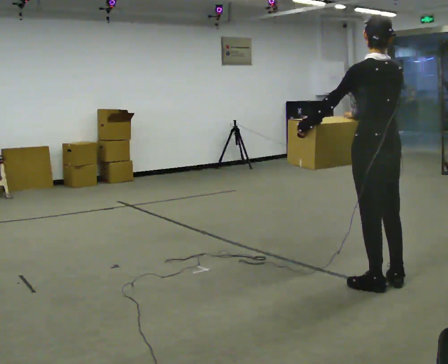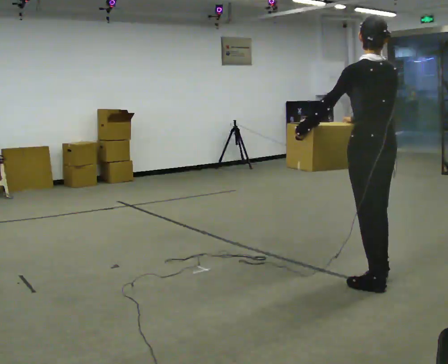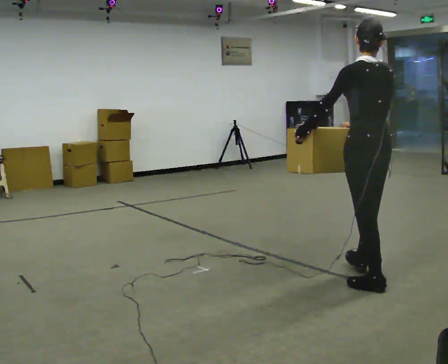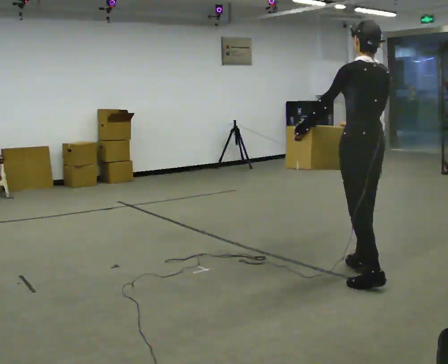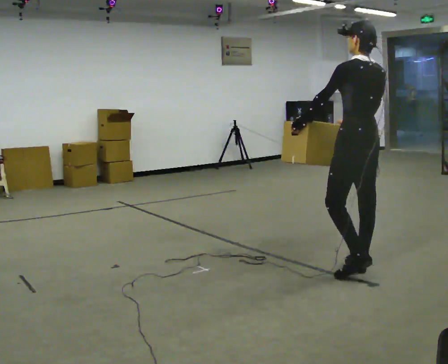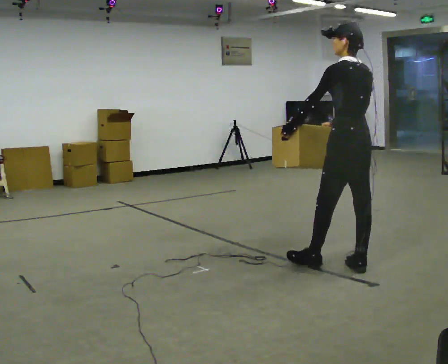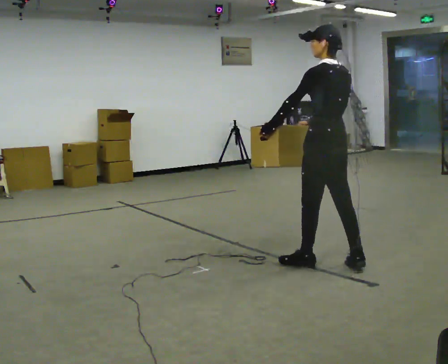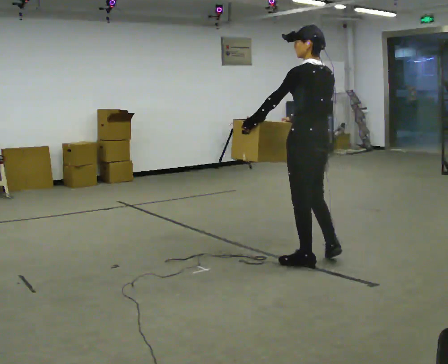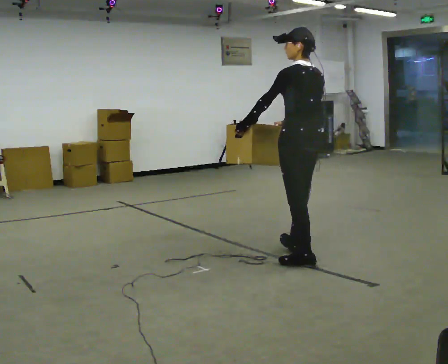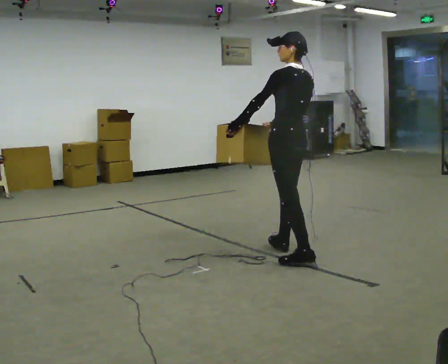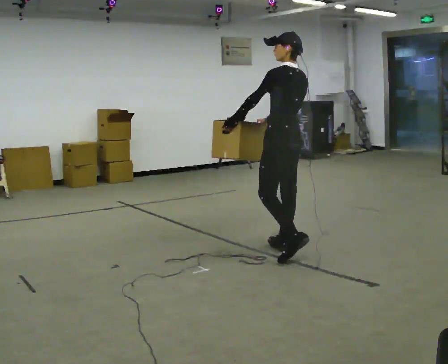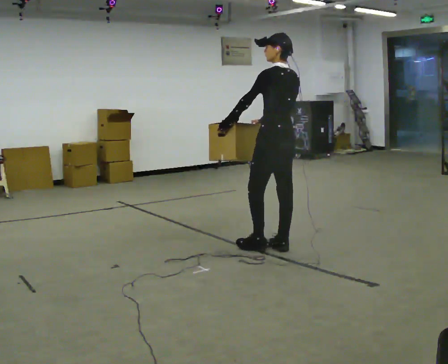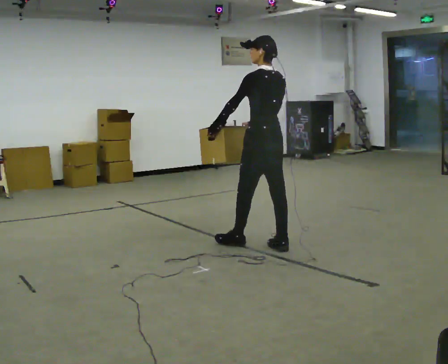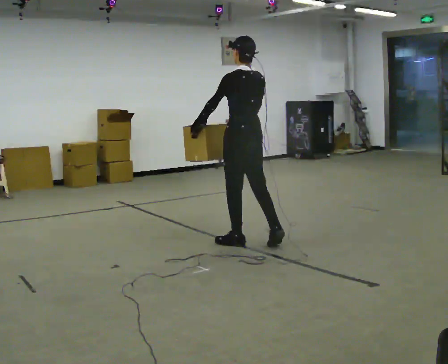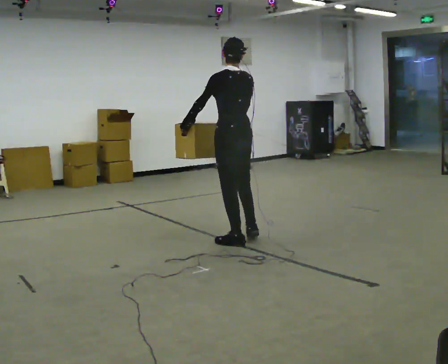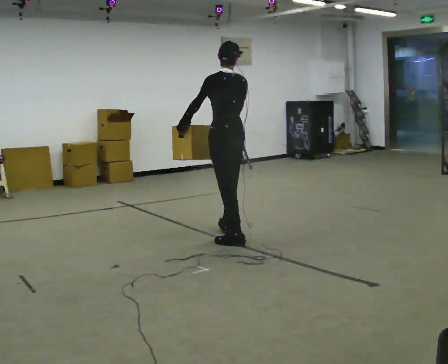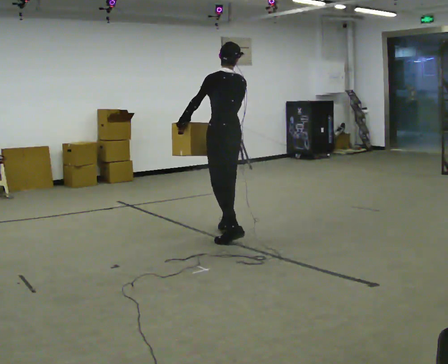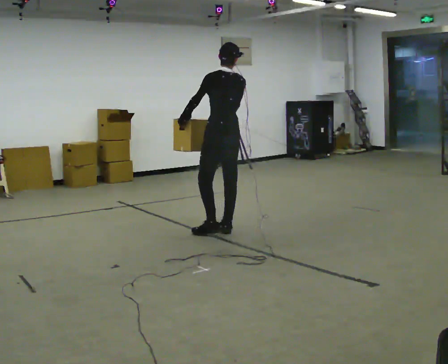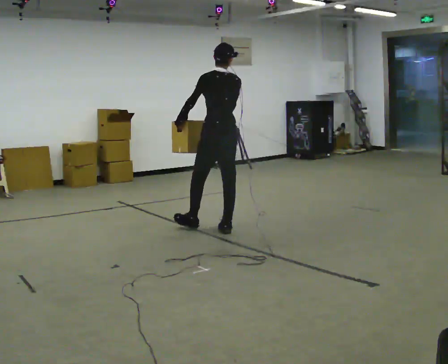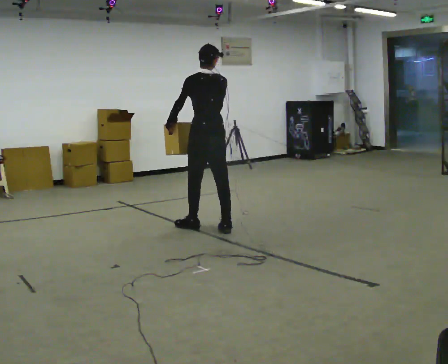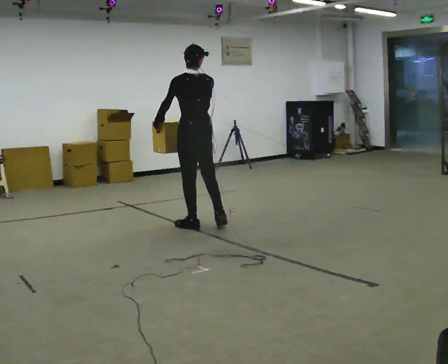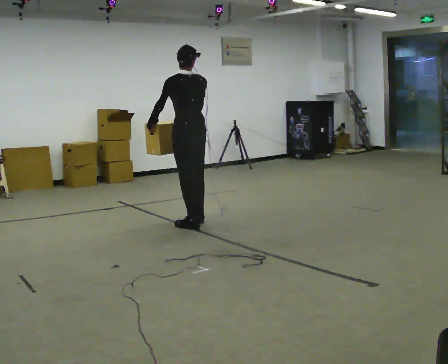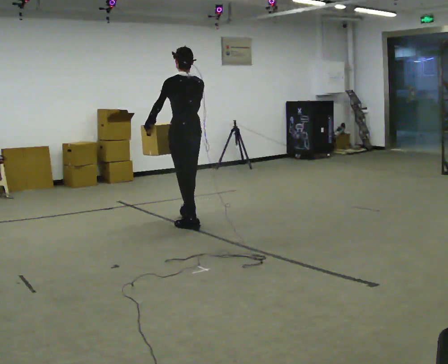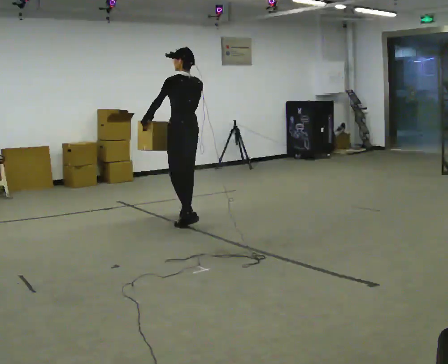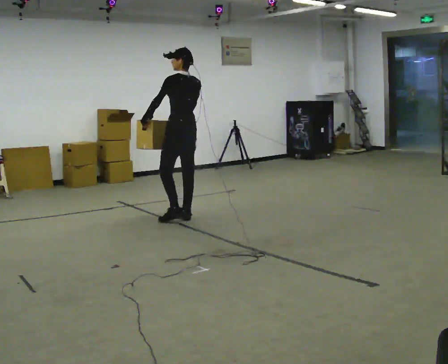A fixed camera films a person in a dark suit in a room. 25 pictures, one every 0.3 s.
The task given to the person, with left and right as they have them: Carry the box across the room while freely looking around at the walls, ceiling and floor. Keep going until the operator says stop; one object at a time, and do not rush between trips.
0.0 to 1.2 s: In the picture they go away from the camera, about 0.25 m in 1 step, which for them is forward.
1.2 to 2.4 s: In the picture they go to the left and away from the camera, about 0.5 m in 1 step, which for them is forward.
2.4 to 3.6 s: In the picture they go away from the camera and to the left, about 0.5 m in 2 steps, which for them is forward.
3.6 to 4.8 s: In the picture they go away from the camera and to the left, about 0.5 m in 1 step, which for them is forward.
4.8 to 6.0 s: In the picture they go to the left and away from the camera, about 0.25 m in 1 step, which for them is forward.
6.0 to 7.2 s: In the picture they go away from the camera and to the left, about 0.5 m in 1 step, which for them is forward.
The film runs forward here.
